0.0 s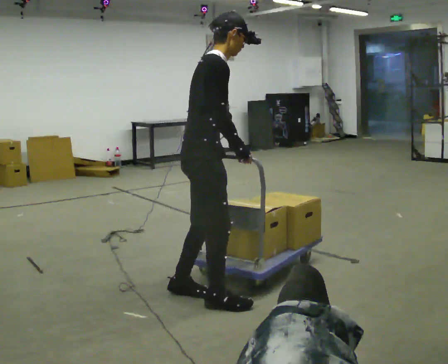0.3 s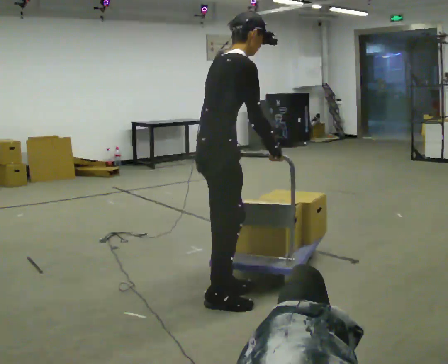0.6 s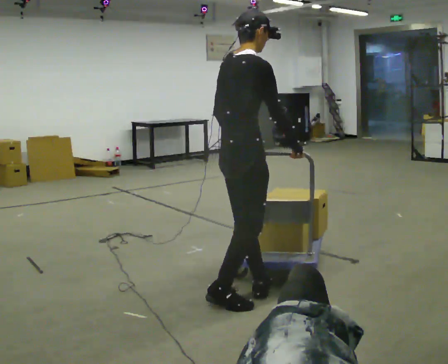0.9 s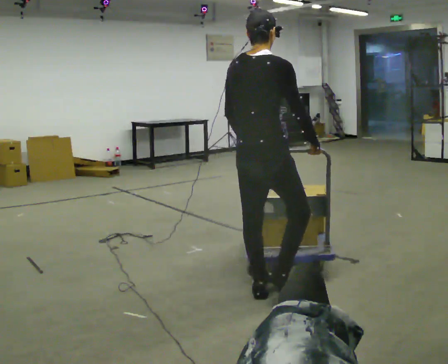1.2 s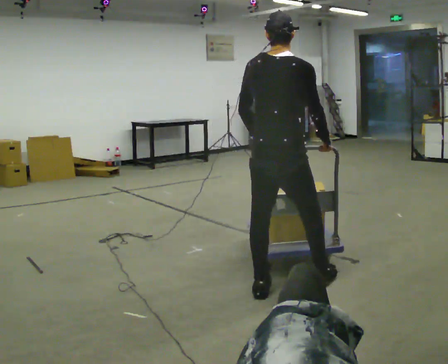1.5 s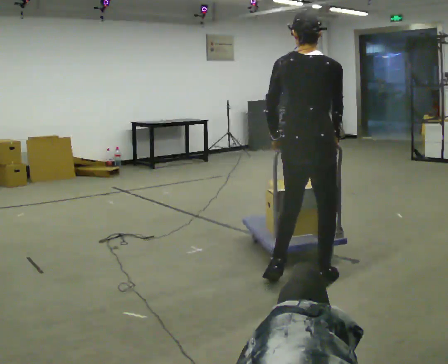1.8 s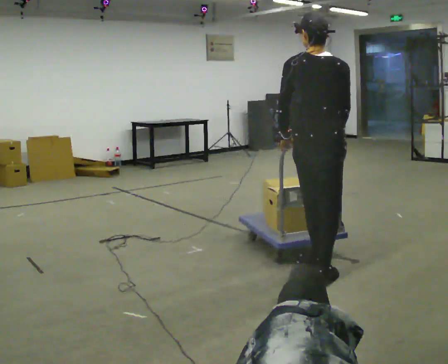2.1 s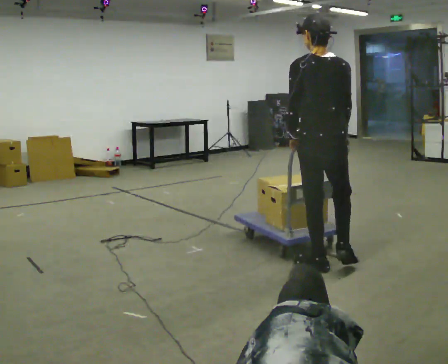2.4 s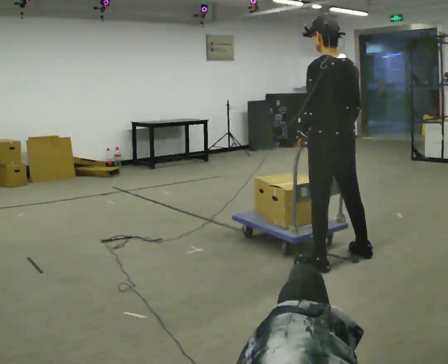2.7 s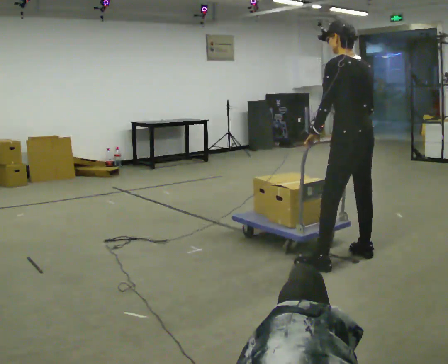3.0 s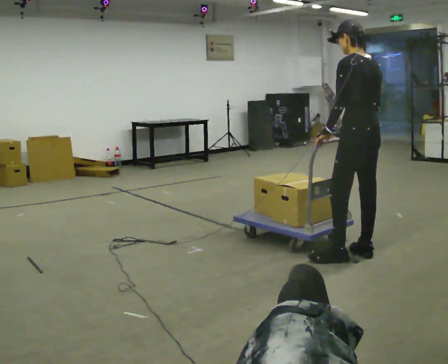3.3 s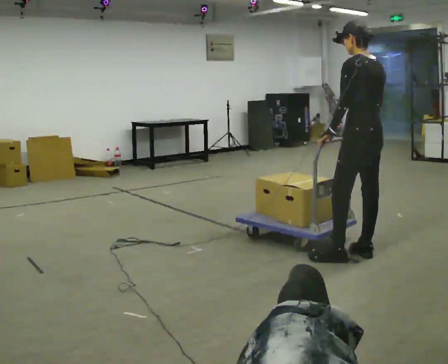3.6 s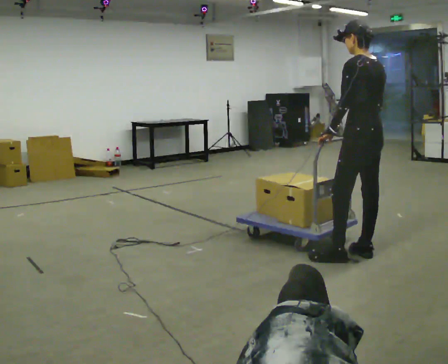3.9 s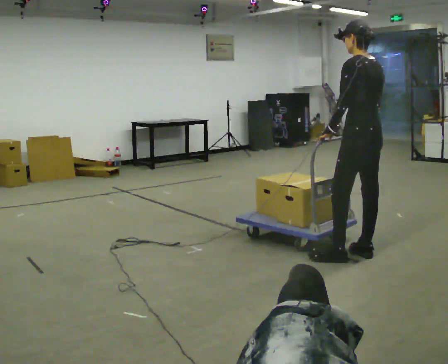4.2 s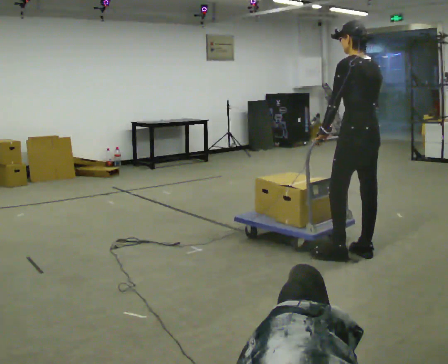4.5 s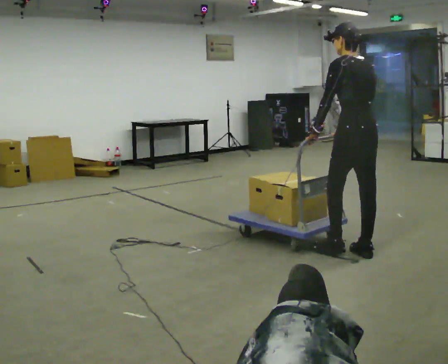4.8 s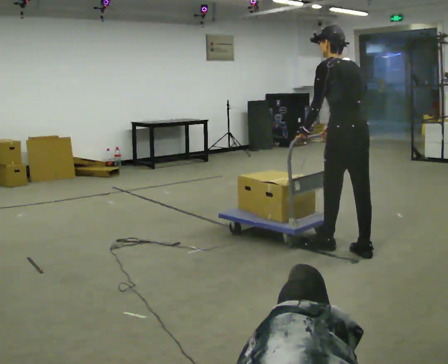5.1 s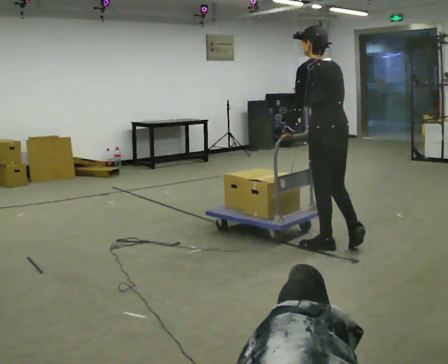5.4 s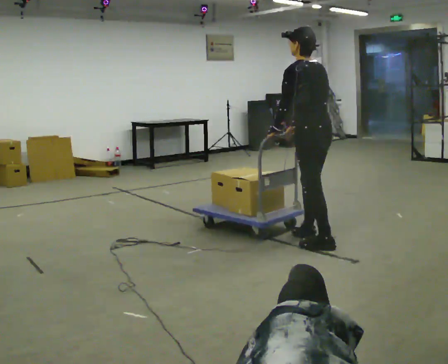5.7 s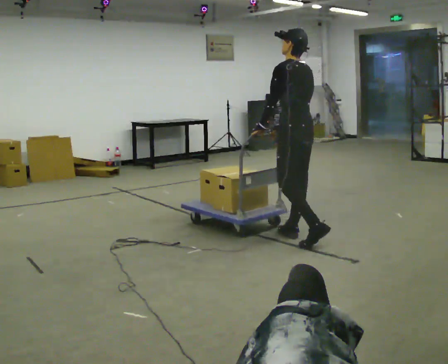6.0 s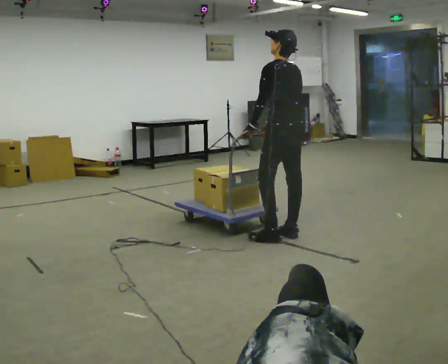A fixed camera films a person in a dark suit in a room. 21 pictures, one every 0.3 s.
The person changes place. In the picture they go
away from the camera.
The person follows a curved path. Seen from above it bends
counterclockwise.
0.0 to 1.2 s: Seen from above the body turns counterclockwise, about 60 degrees: to their left, with its near side sliding to the right. In the picture they go to the right and away from the camera, about 0.5 m in 2 steps, which for them is forward.
1.2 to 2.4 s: Seen from above the body turns counterclockwise, about 60 degrees: to their left, with its near side sliding to the right. In the picture they go away from the camera and to the right, about 0.5 m in 2 steps, which for them is to their right and forward.
2.4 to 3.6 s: In the picture they go away from the camera and to the right, about 0.25 m in 1 step, which for them is to their right.
3.6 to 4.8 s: The person moves a little, or ends about where they began.
4.8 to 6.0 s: In the picture they go to the left and away from the camera, about 0.5 m in 1 step, which for them is forward.
The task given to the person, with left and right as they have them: Stand still with your hands on the cart. When the operator says go, get it moving, push it a few metres, then bring it to a stop. Repeat until the operator says stop.
The film runs forward here.
